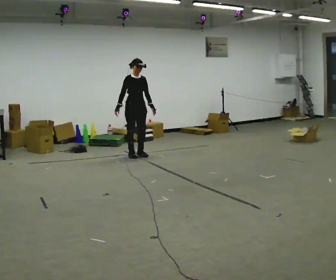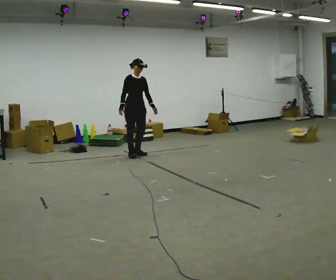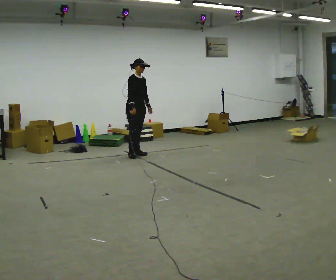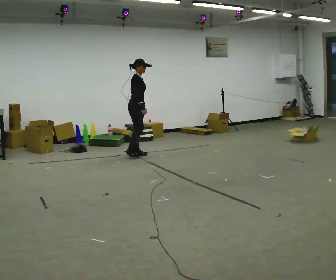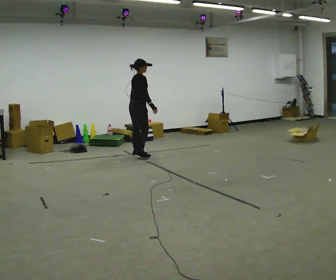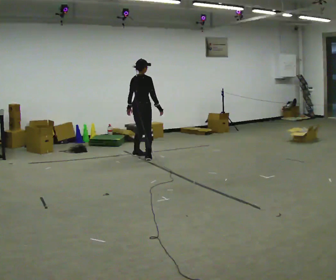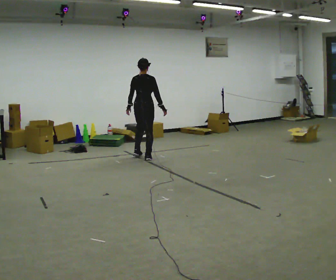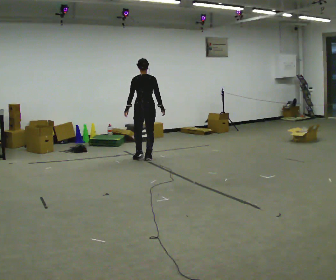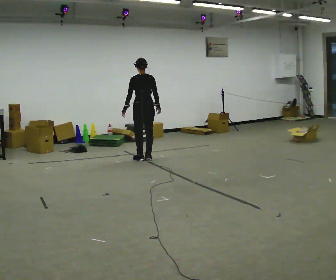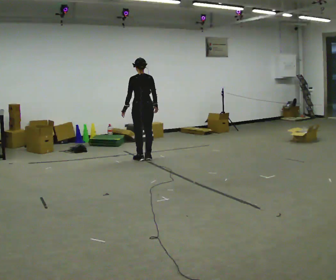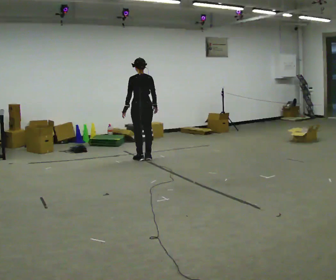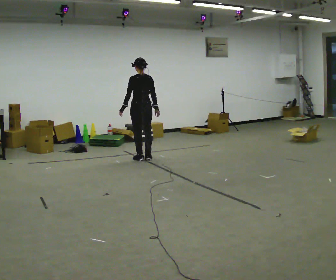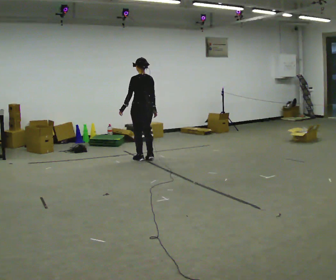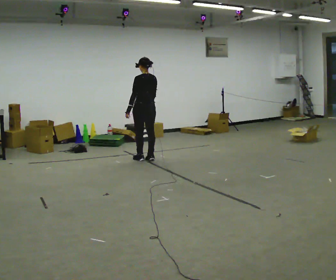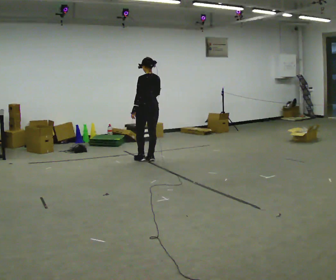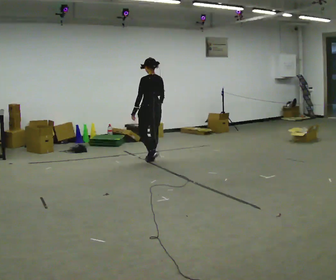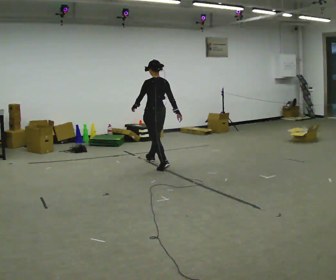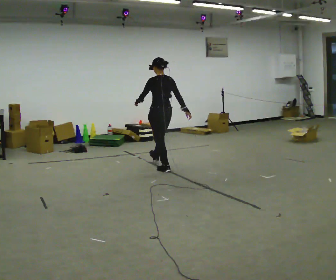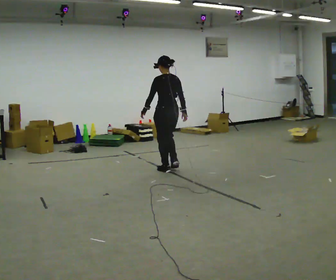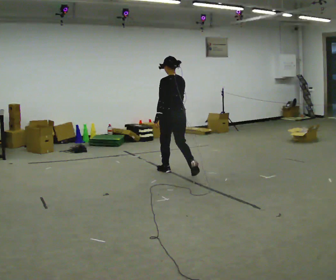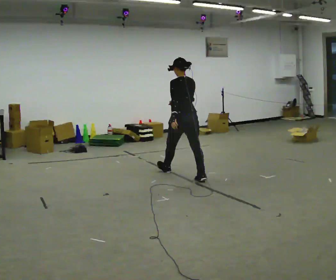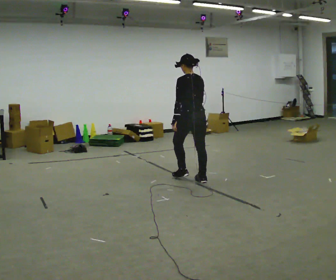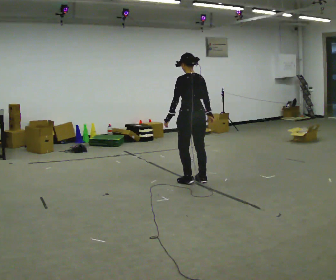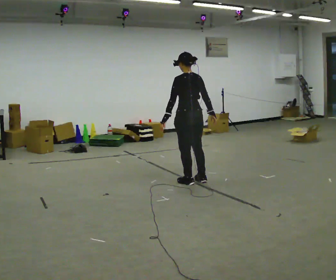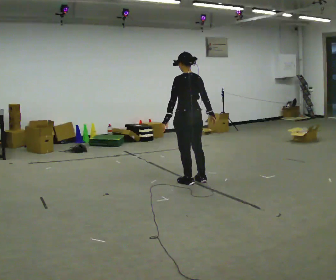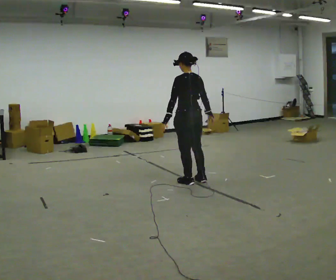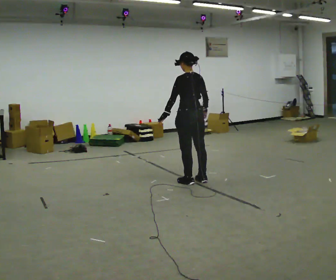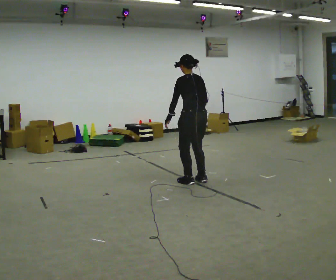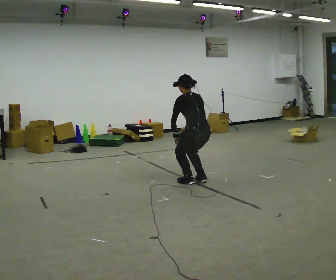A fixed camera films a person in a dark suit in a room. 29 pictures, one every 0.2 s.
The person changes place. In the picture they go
toward the camera.
The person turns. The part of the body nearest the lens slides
to the right.
0.0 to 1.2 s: The person turns about 135 degrees to their left, counterclockwise seen from above, so the part of the body nearest the lens slides to the right. In the picture their right hand goes to the right, the arm swinging counterclockwise.
1.2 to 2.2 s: Seen from above the body turns counterclockwise, about 45 degrees: to their left, with its near side sliding to the right.
2.2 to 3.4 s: In the picture they go toward the camera and to the right, about 0.75 m in 2 steps, which for them is backward.
3.4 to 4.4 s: In the picture they go toward the camera and to the right, about 1 m in 1 step, which for them is backward.
4.4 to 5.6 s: The upper body goes downward. The upper body tips away from the camera, its near side rolling upward, as they bend forward.
The film runs backward here.
